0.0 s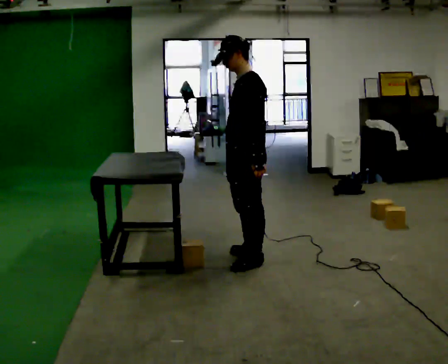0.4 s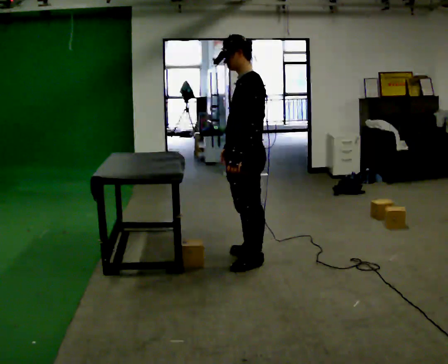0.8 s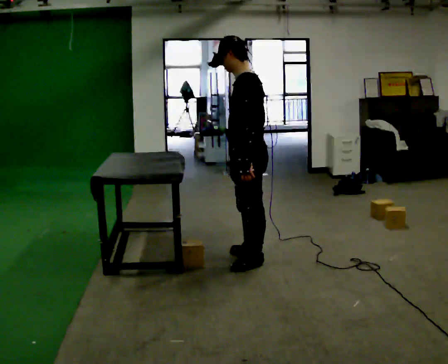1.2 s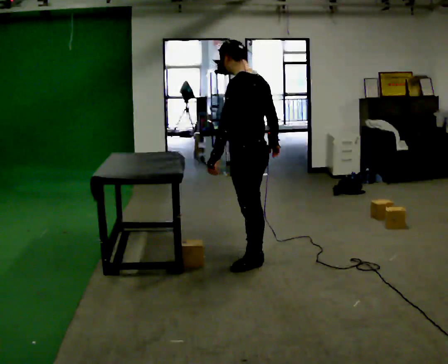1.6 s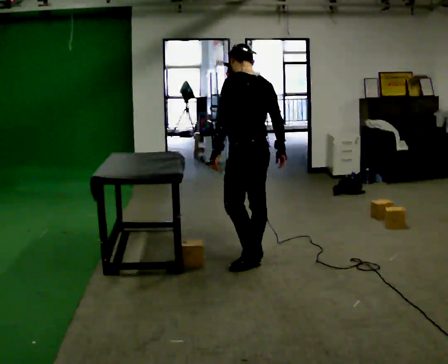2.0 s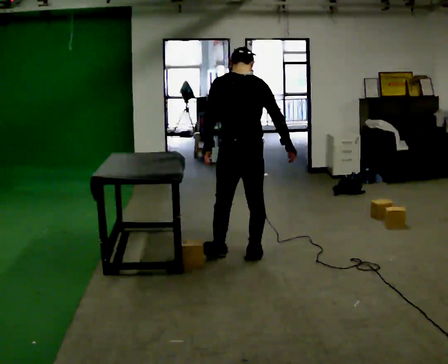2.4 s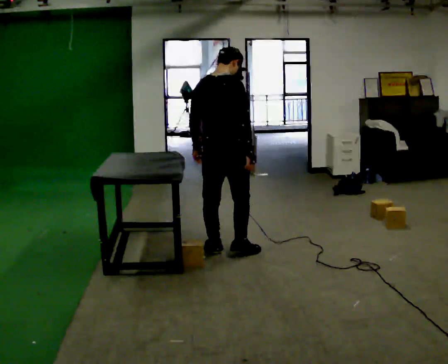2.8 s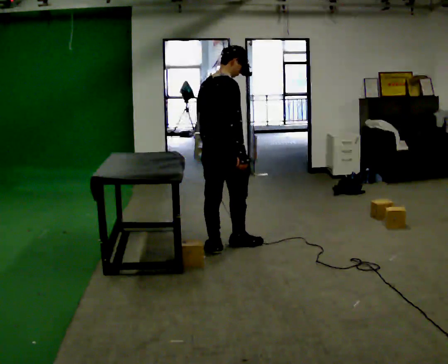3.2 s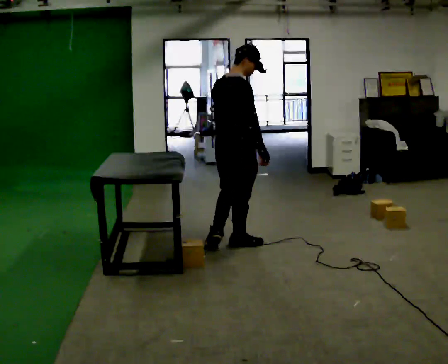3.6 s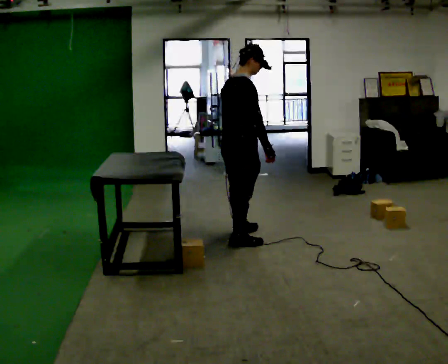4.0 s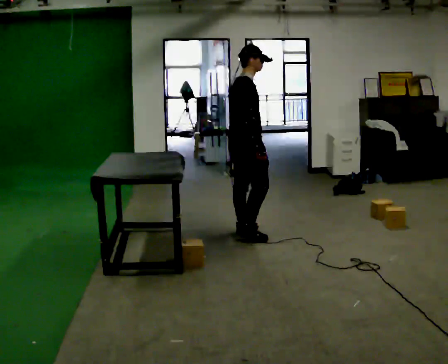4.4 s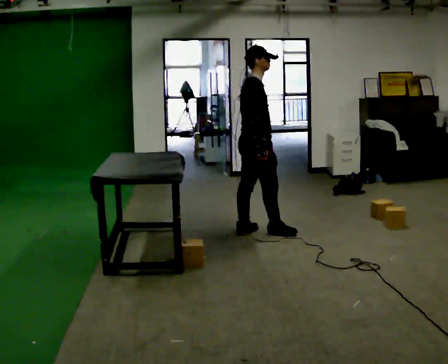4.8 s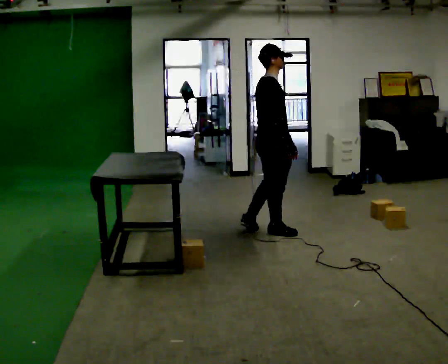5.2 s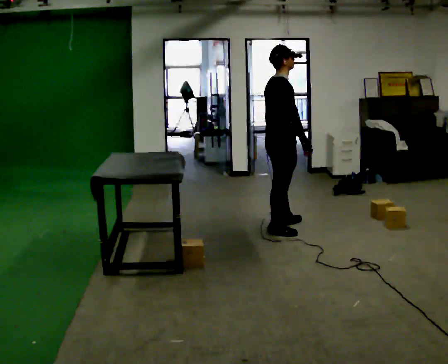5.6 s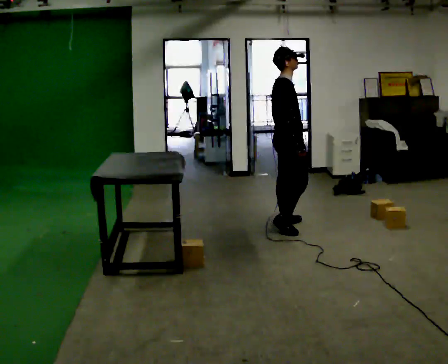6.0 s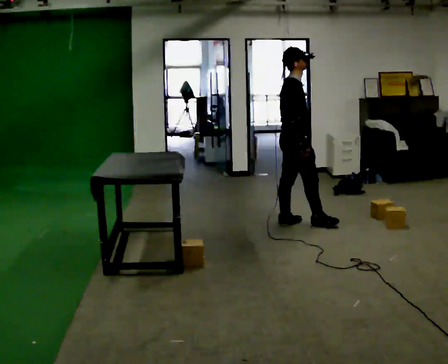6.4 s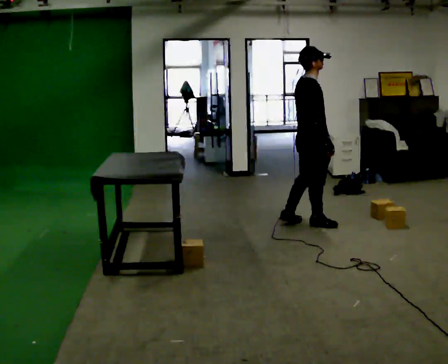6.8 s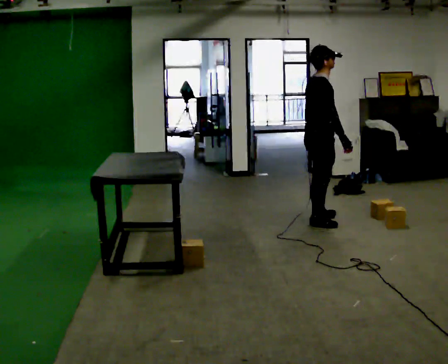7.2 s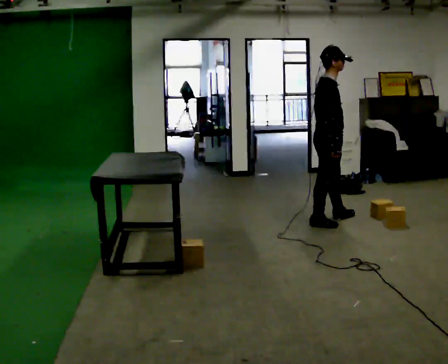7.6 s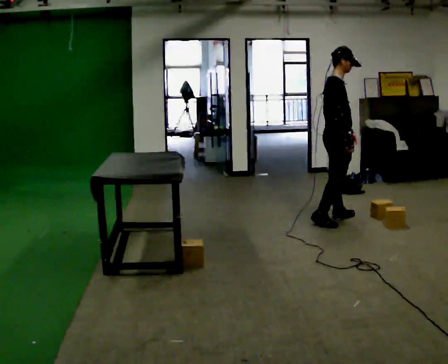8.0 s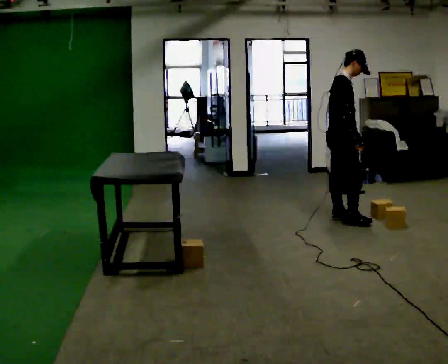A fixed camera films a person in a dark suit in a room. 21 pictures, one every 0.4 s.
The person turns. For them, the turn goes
to their right.
The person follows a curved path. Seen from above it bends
clockwise.
0.0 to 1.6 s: The person turns about 45 degrees to their right, clockwise seen from above, so the part of the body nearest the lens slides to the left. In the picture their right hand goes to the right.
1.6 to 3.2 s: The person turns about 90 degrees to their right, clockwise seen from above, so the part of the body nearest the lens slides to the left. In the picture they go away from the camera, about 0.25 m in 2 steps.
3.2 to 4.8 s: Seen from above the body turns clockwise, about 30 degrees: to their right, with its near side sliding to the left. In the picture they go away from the camera and to the right, about 0.5 m in 2 steps, which for them is forward and to their left.
4.8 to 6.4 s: In the picture they go to the right and away from the camera, about 0.5 m in 2 steps, which for them is forward.
6.4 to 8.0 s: In the picture they go to the right, about 0.25 m in 1 step, which for them is forward.
The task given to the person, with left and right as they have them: Carry the object across the room and place it on the lowest shelf, crouching down to do it. Keep going until the operator says stop; one object at a time, and do not rush between trips.
The film runs forward here.
